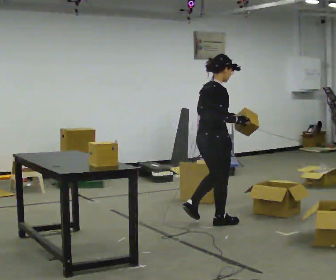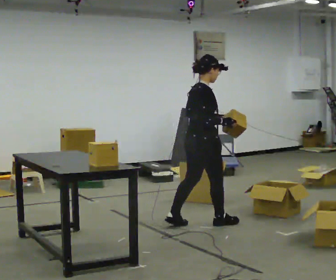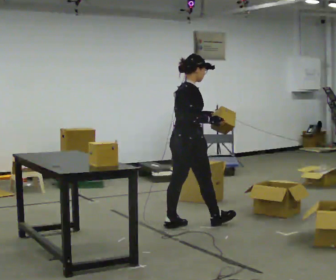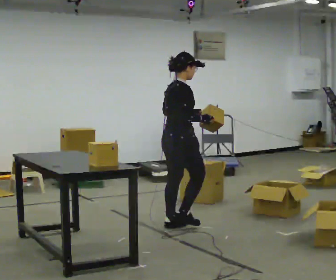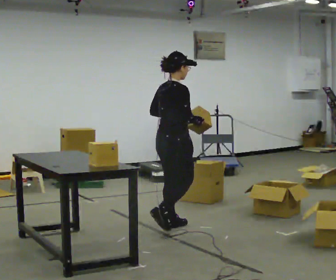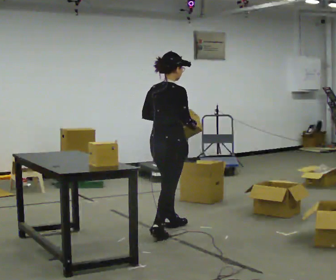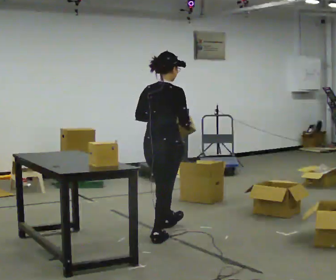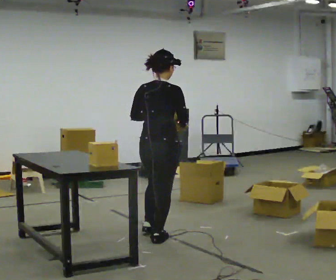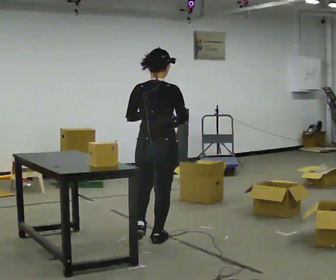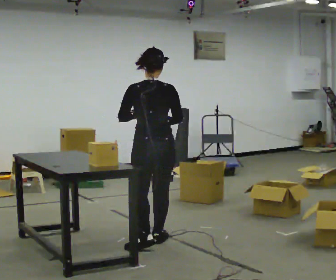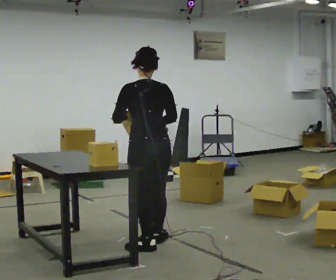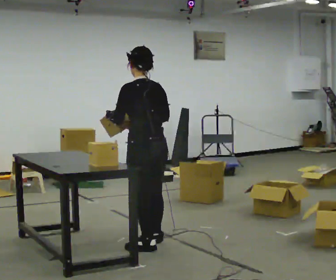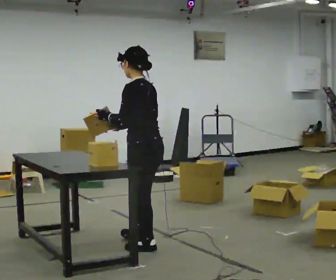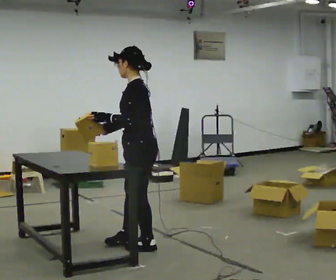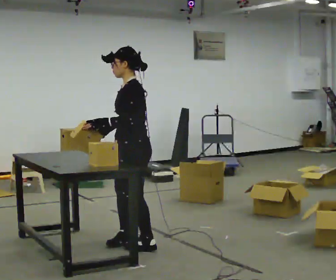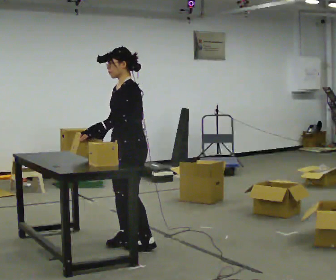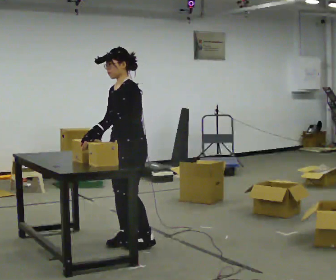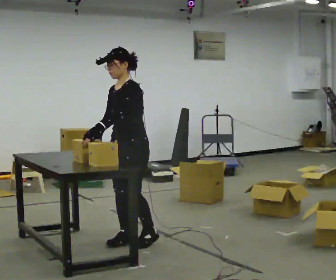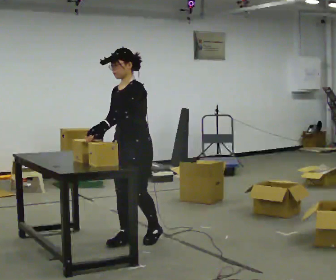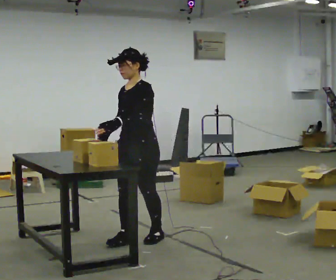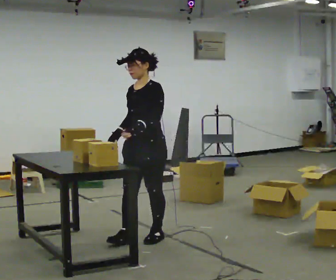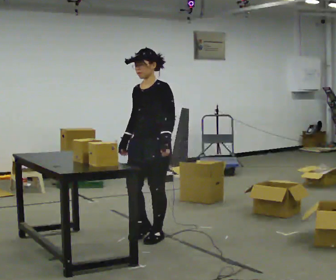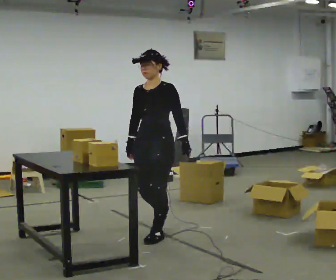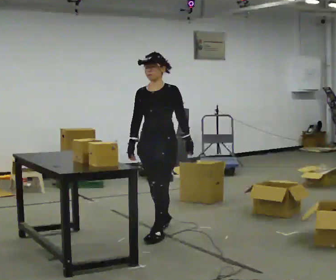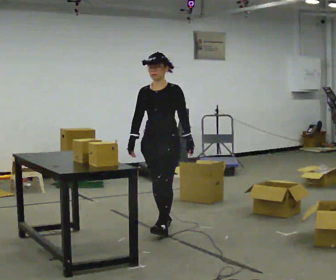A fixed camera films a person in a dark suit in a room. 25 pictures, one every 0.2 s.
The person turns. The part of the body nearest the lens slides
to the right.
The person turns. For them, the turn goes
to their left.
0.0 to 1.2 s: The part of the body nearest the lens slides to the right as the person turns to their left by about 30 degrees. In the picture they go to the left and toward the camera, about 0.5 m in 2 steps, which for them is backward.
1.2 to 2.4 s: The part of the body nearest the lens slides to the right as the person turns to their left by about 105 degrees. In the picture they go toward the camera, about 0.5 m in 1 step.
2.4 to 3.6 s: Seen from above the body turns counterclockwise, about 75 degrees: to their left, with its near side sliding to the right. In the picture they go away from the camera, about 0.25 m in 1 step.
3.6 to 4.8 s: In the picture they go away from the camera and to the right, about 0.5 m in 2 steps, which for them is backward.
The film runs backward here.
